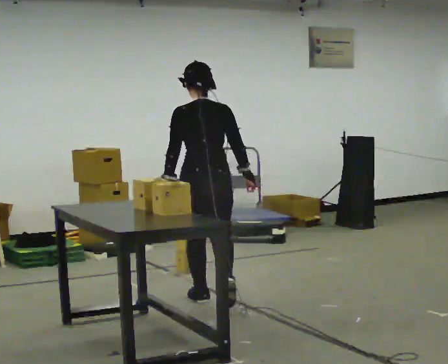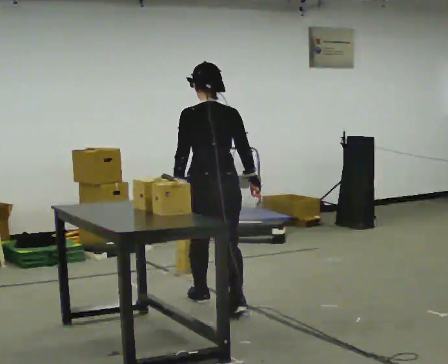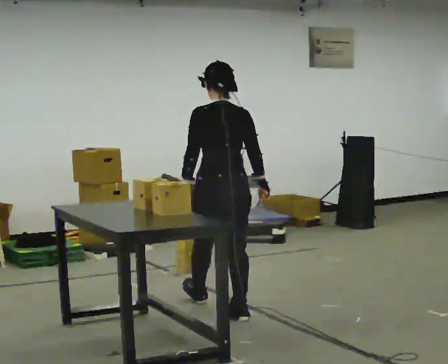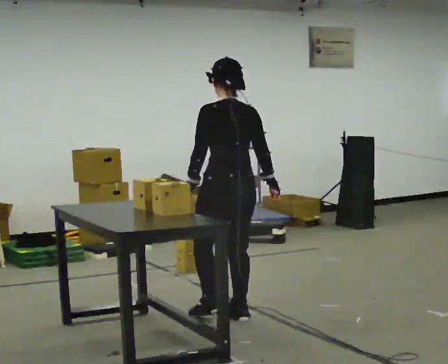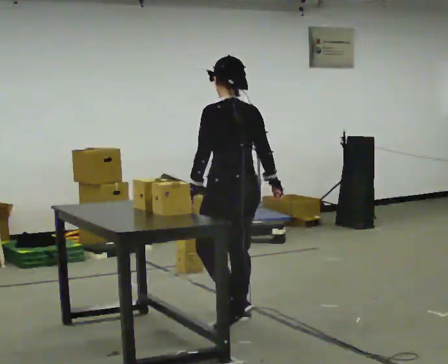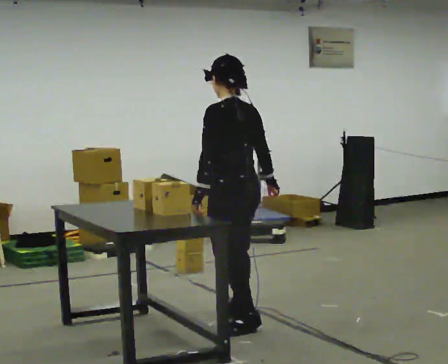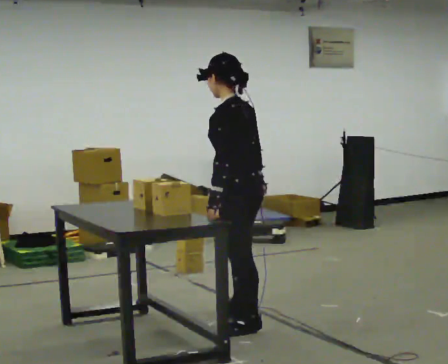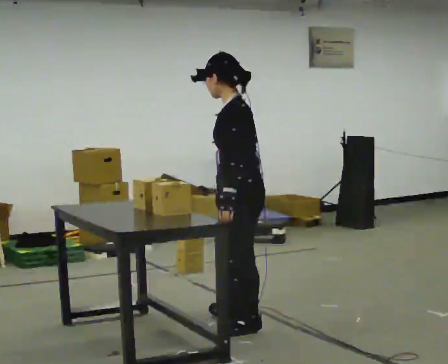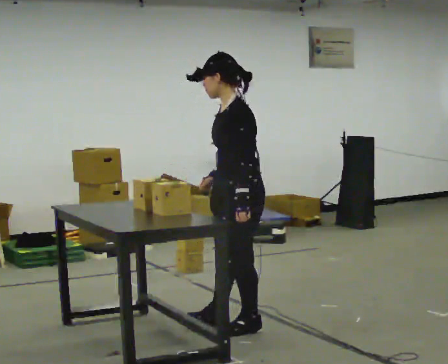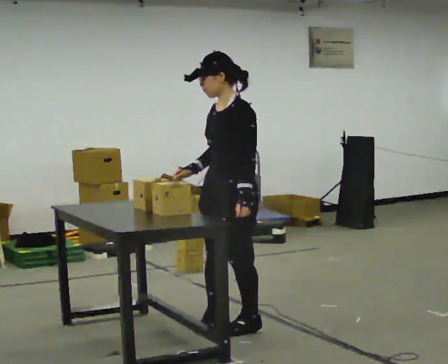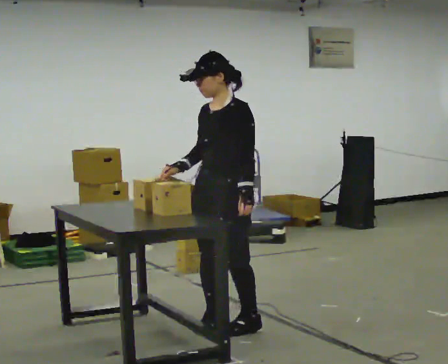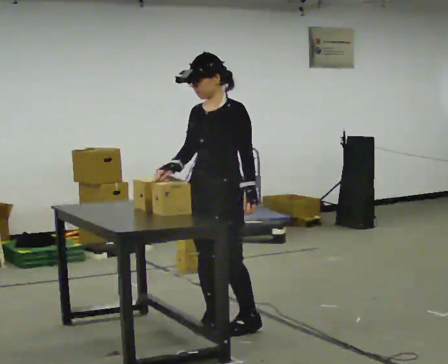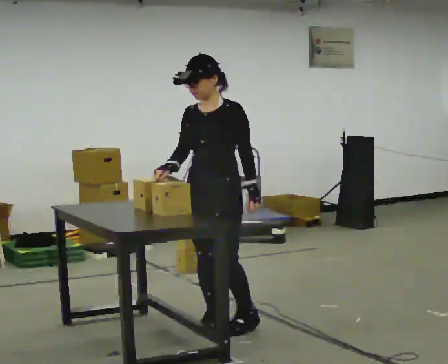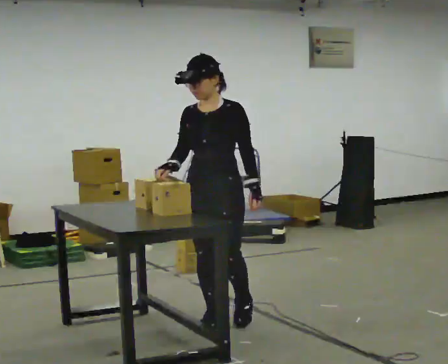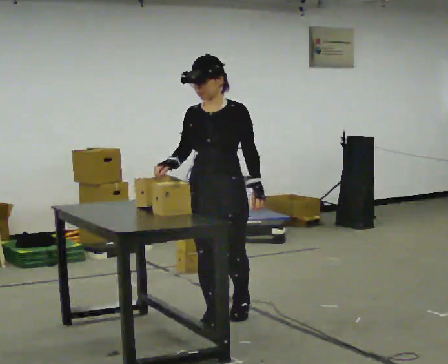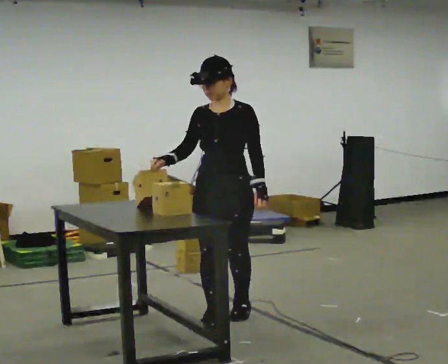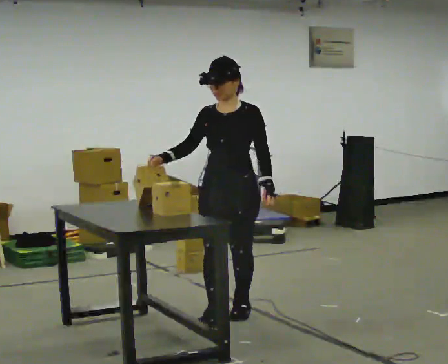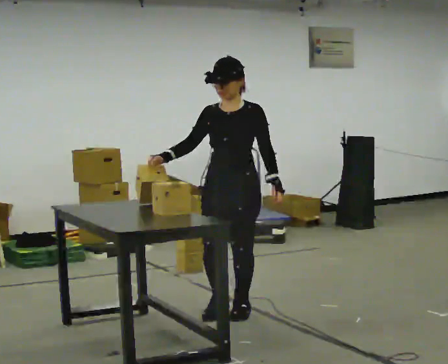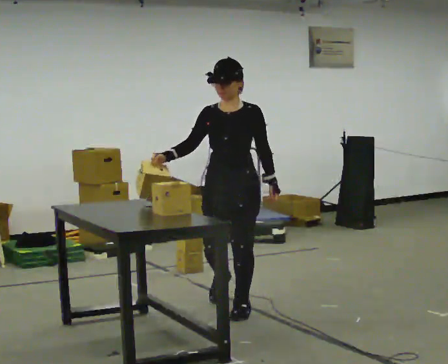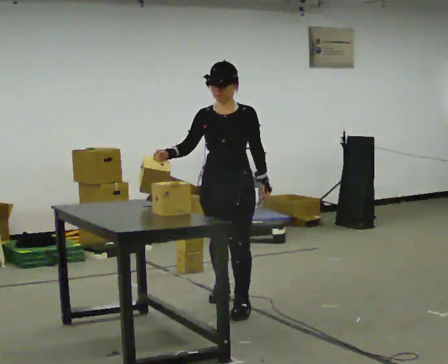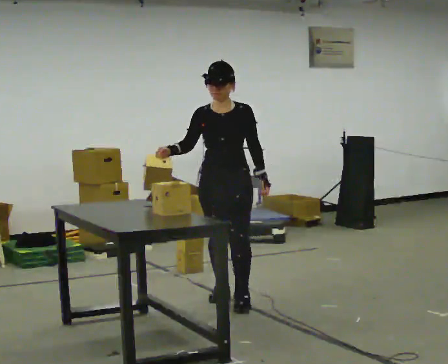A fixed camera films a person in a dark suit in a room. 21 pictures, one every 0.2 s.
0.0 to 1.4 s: The part of the body nearest the lens slides to the right as the person turns to their left by about 90 degrees. In the picture they go toward the camera and to the right, about 0.75 m in 2 steps.
1.4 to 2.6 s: Seen from above the body turns counterclockwise, about 75 degrees: to their left, with its near side sliding to the right. In the picture they go to the left, about 0.25 m in 1 step. In the picture their right hand goes to the left.
2.6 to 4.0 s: In the picture they go away from the camera, about 0.5 m in 2 steps, which for them is backward.
The film runs backward here.
